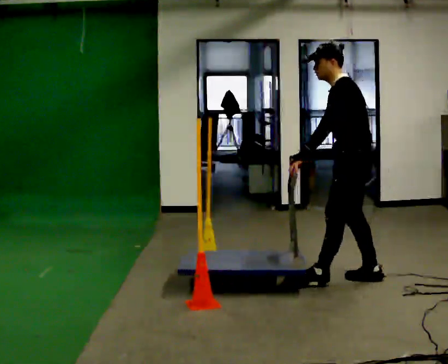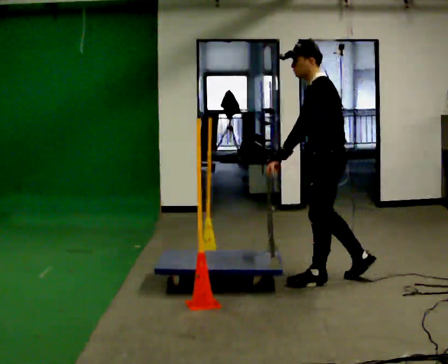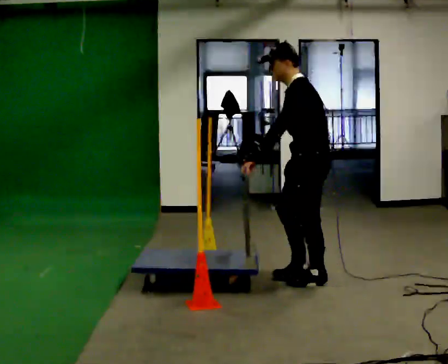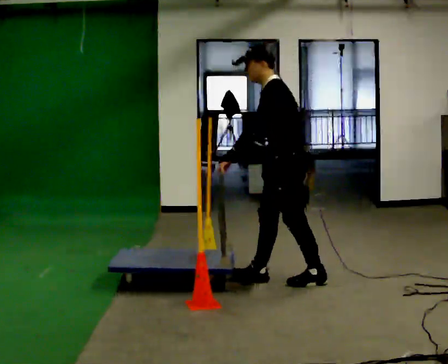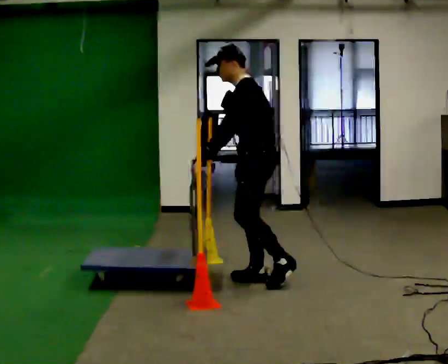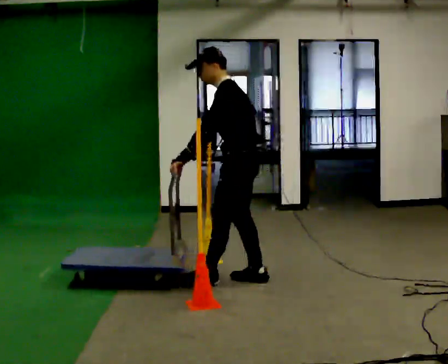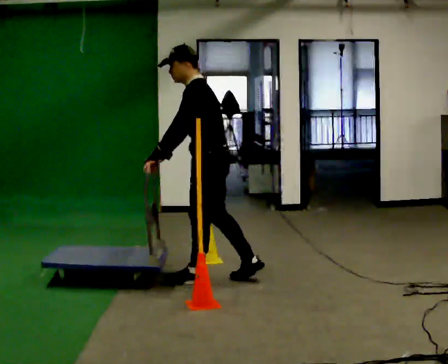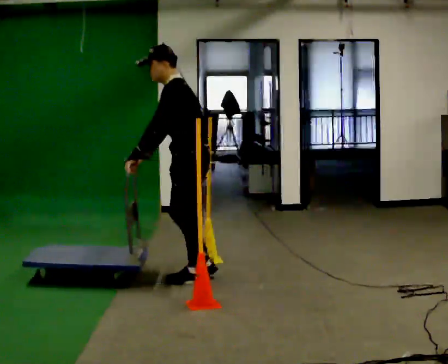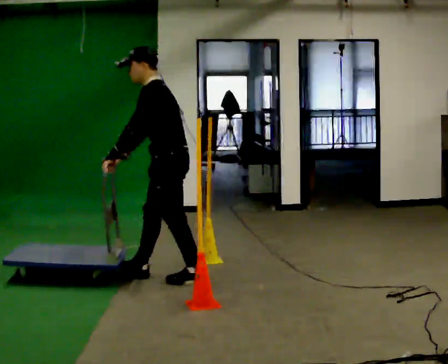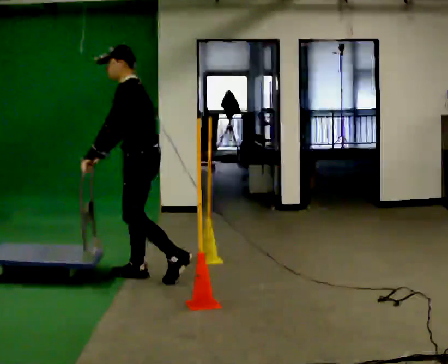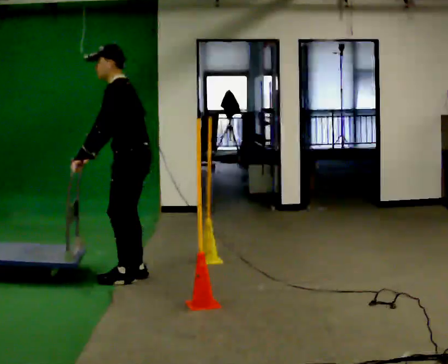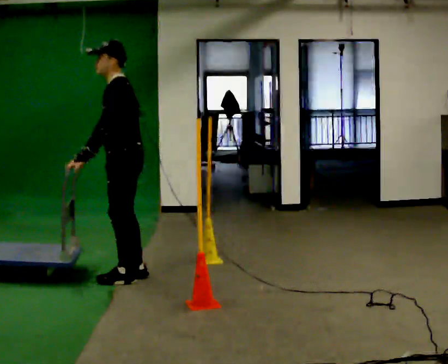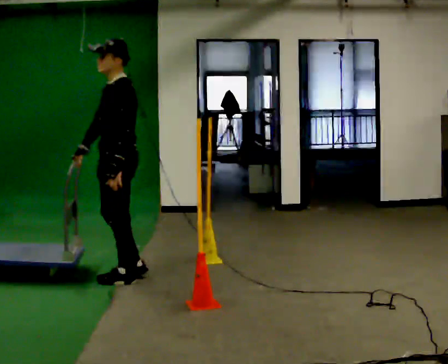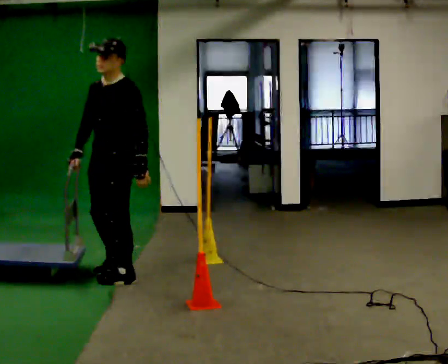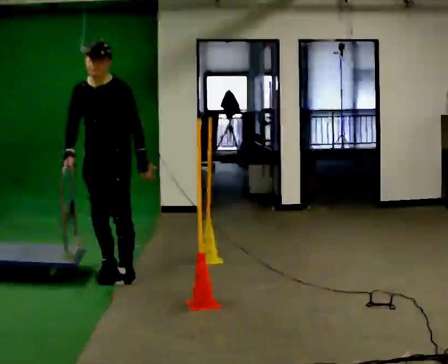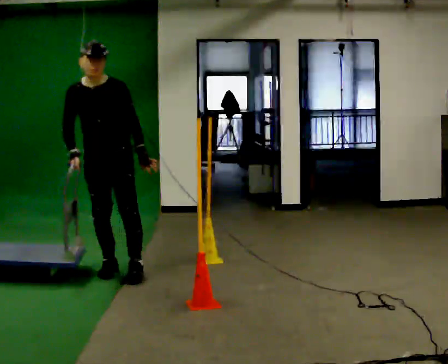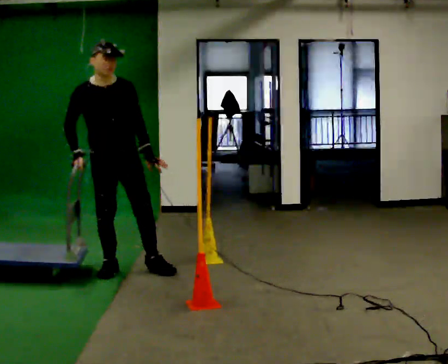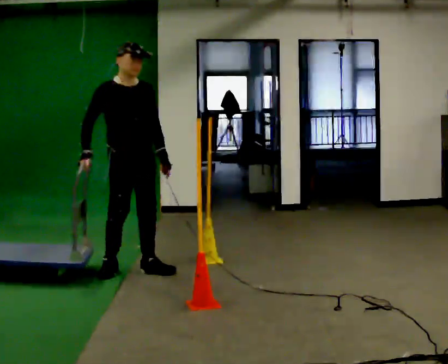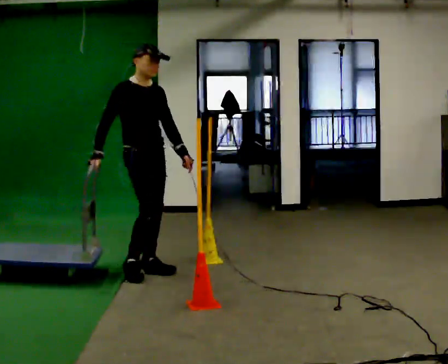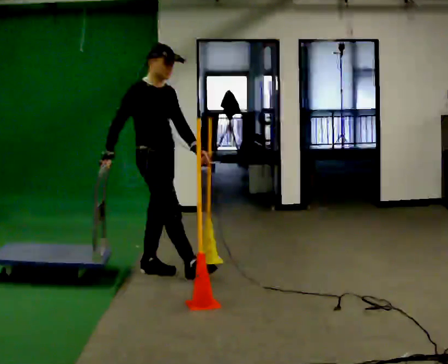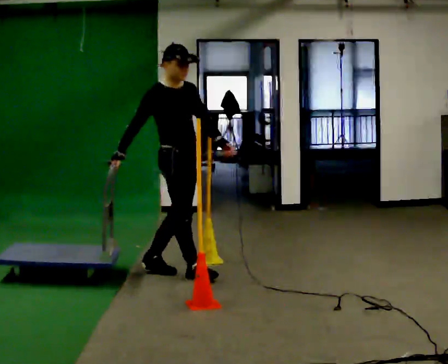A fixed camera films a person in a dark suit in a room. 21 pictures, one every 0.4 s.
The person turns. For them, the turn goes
to their left.
The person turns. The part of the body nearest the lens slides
to the right.
0.0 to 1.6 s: In the picture they go to the left, about 0.75 m in 2 steps, which for them is forward.
1.6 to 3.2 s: In the picture they go to the left, about 0.5 m in 1 step, which for them is forward.
3.2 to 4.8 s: In the picture they go to the left, about 0.25 m in 2 steps, which for them is forward. In the picture the upper body tilts clockwise, shoulders to the right, as they lean back or straighten.
4.8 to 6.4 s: The person turns about 105 degrees to their left, counterclockwise seen from above, so the part of the body nearest the lens slides to the right. In the picture they go away from the camera, about 0.25 m in 2 steps.
6.4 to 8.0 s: The part of the body nearest the lens slides to the right as the person turns to their left by about 45 degrees. In the picture they go to the right, about 0.5 m in 1 step, which for them is forward and to their left.
The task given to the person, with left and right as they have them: Push the cart through the gap between the poles without touching them, then bring it back through.
The film runs forward here.
